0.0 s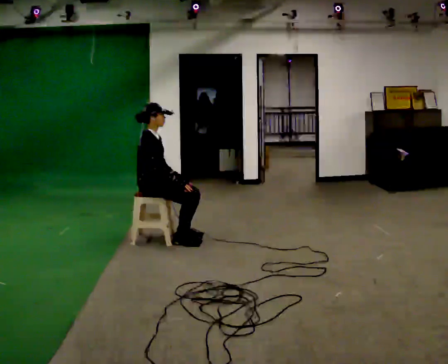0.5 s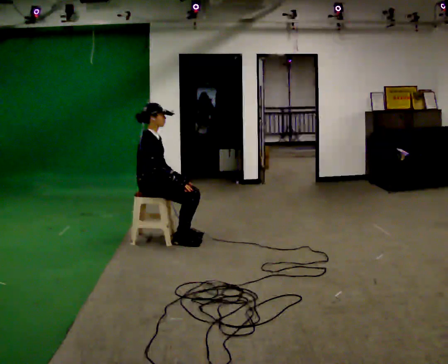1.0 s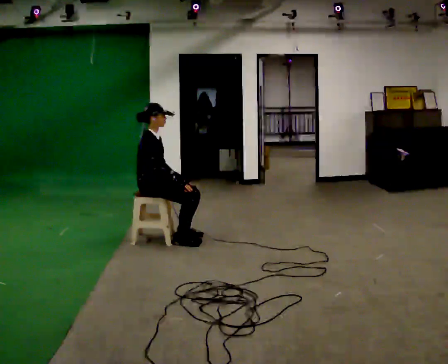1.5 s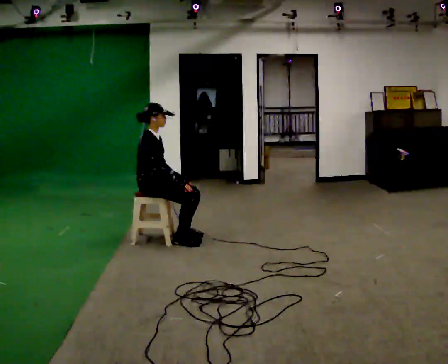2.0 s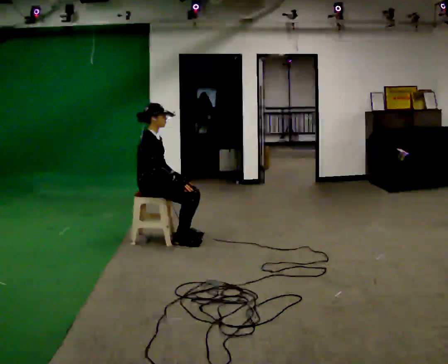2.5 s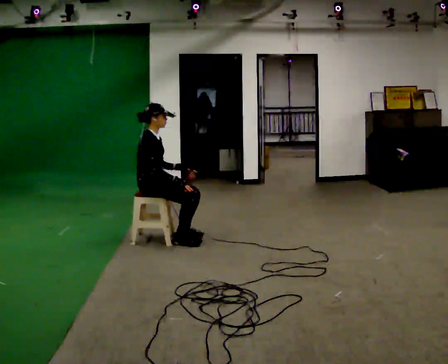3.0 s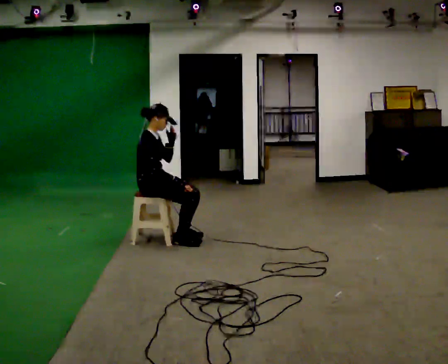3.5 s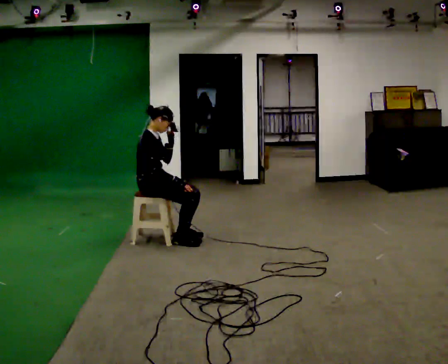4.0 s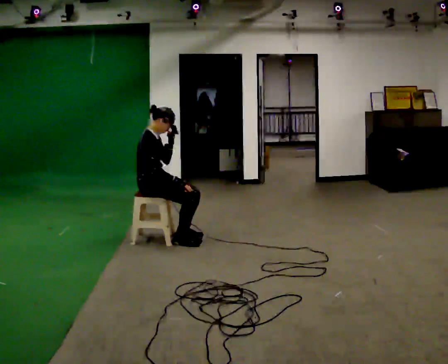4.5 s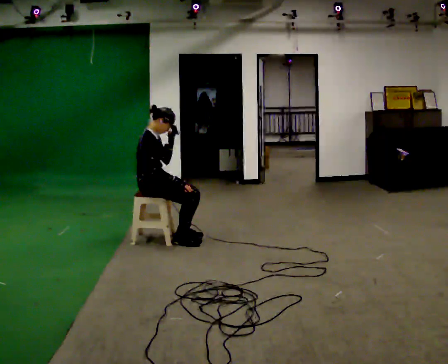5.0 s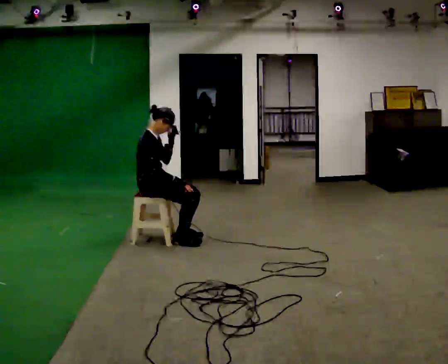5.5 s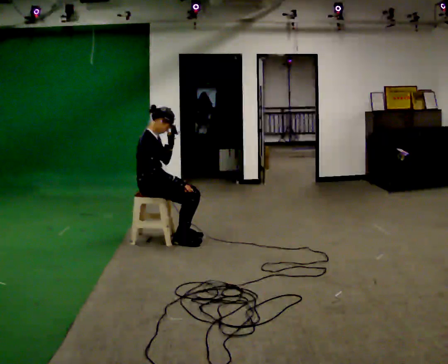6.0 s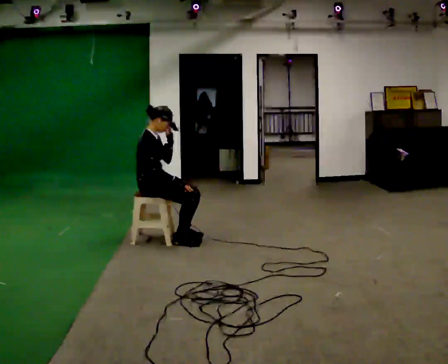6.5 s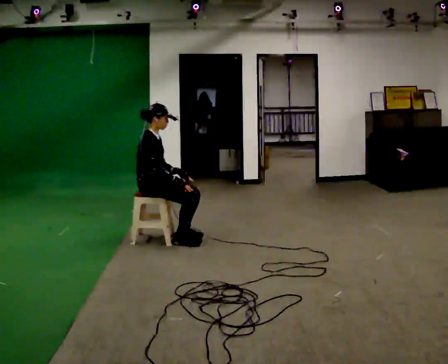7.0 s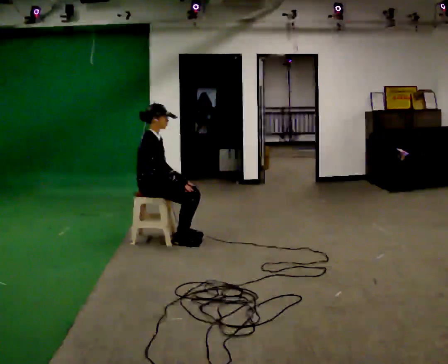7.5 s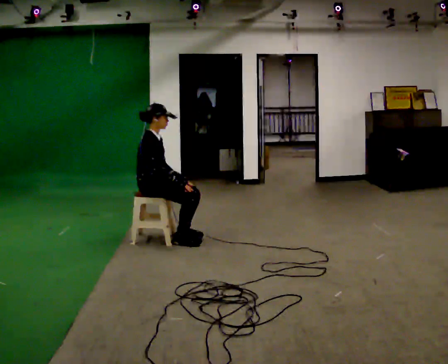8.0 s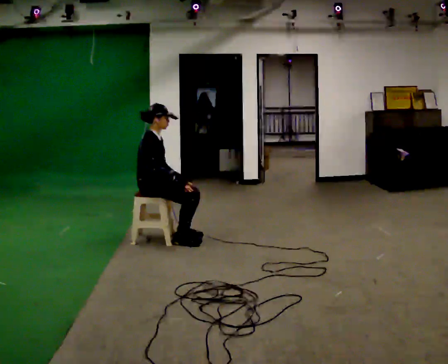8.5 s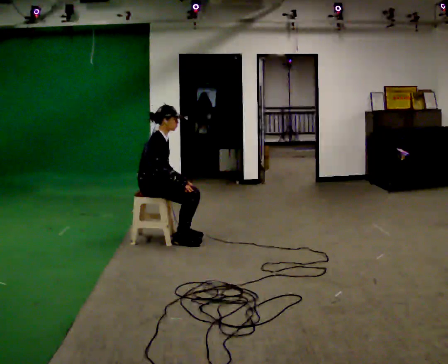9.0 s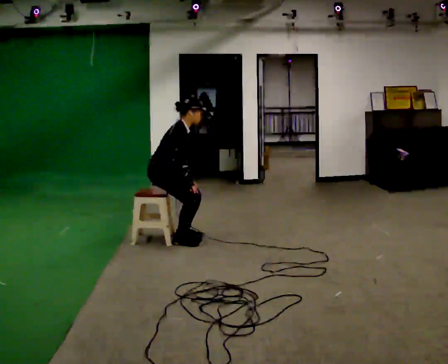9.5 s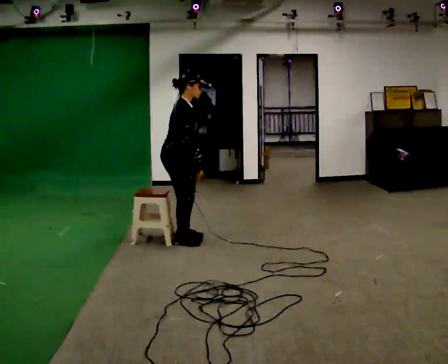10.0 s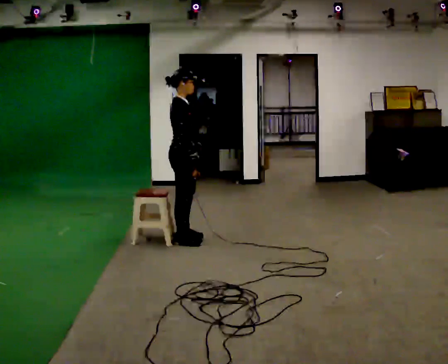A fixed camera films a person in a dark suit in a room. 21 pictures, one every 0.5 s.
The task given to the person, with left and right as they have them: Walk to chair; sit ~2 s; stand; walk away.
0.0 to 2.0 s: The person keeps their place and pose.
2.0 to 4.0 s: In the picture their left hand goes upward.
4.0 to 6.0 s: The person keeps their place and pose.
6.0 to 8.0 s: In the picture their left hand goes downward.
8.0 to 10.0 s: In the picture they go to the right, about 0.25 m, which for them is forward. The upper body goes upward.
The film runs forward here.
